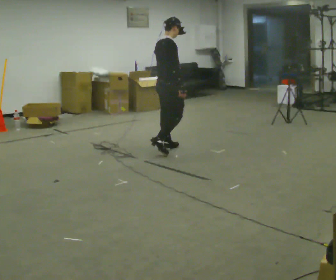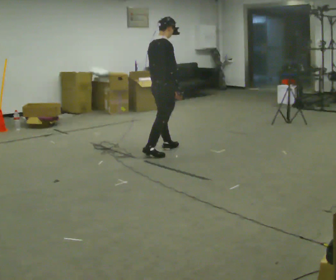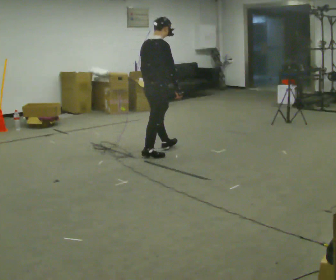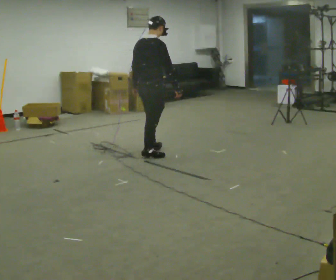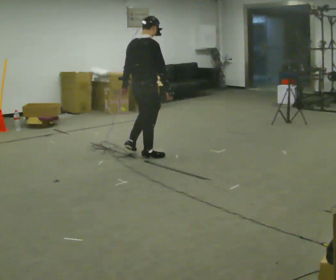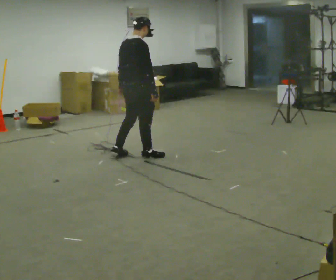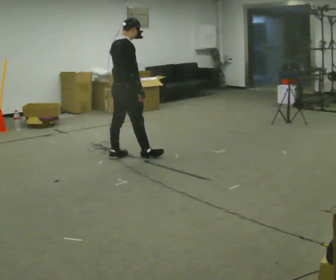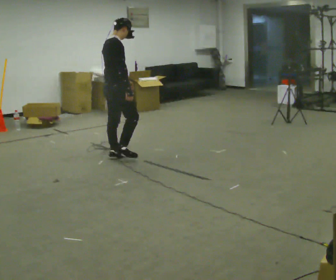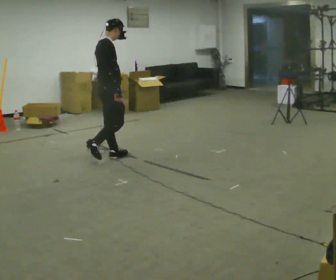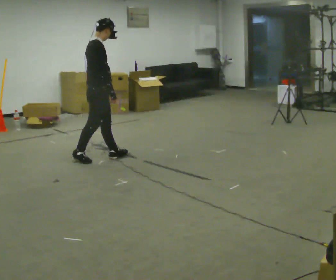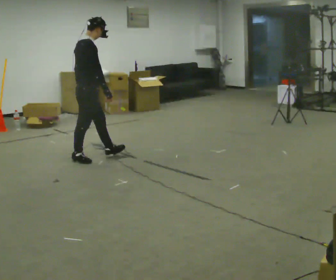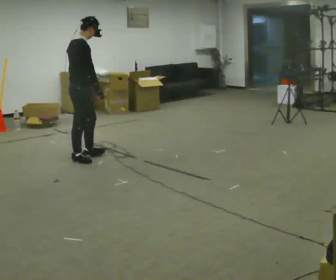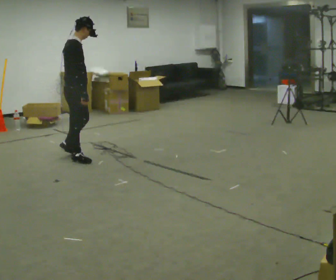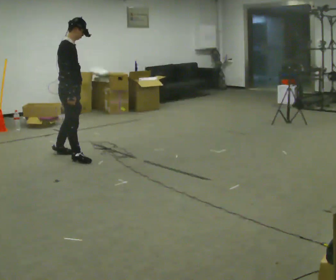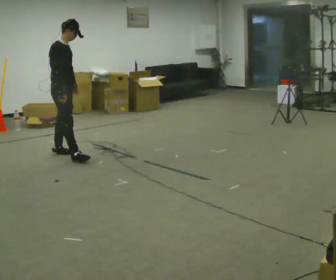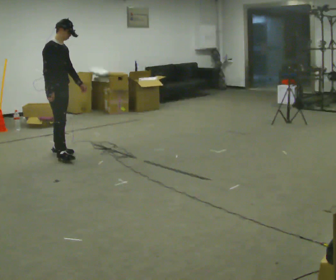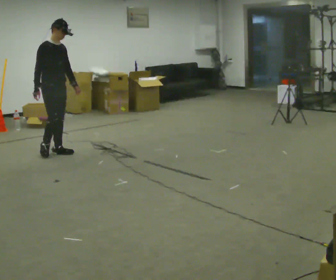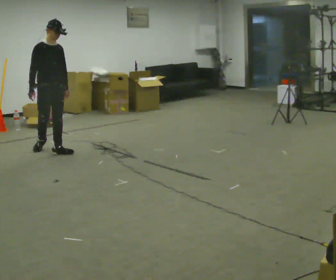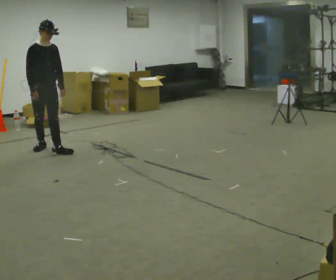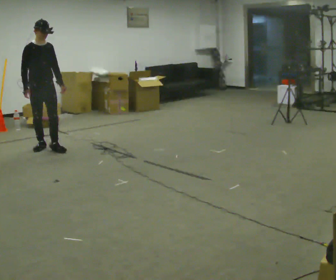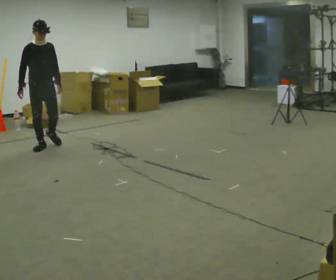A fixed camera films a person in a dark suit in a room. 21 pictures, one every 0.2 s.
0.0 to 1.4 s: In the picture they go to the left, about 0.75 m in 2 steps, which for them is backward.
1.4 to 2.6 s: In the picture they go to the left, about 0.5 m in 1 step, which for them is backward.
2.6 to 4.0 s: The part of the body nearest the lens slides to the left as the person turns to their right by about 60 degrees. In the picture they go away from the camera and to the left, about 0.75 m in 2 steps.
The film runs backward here.
